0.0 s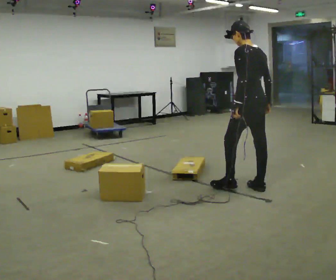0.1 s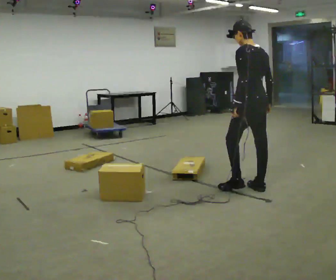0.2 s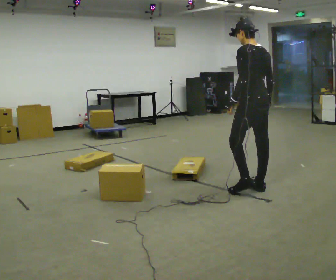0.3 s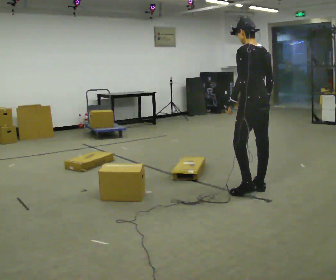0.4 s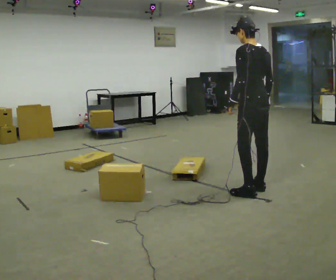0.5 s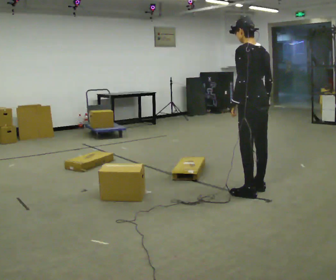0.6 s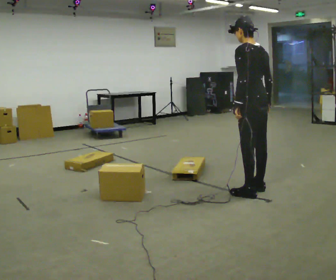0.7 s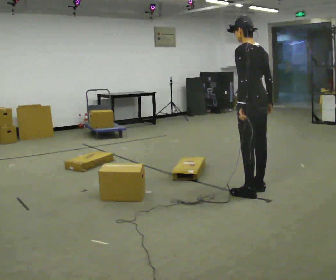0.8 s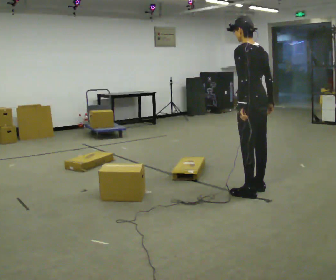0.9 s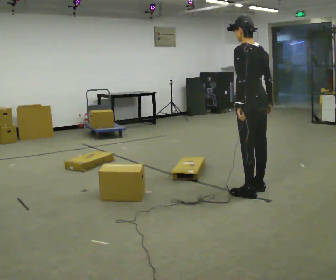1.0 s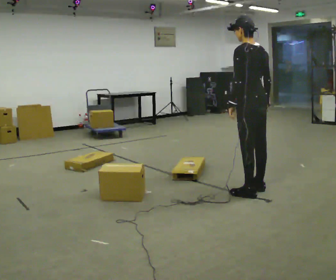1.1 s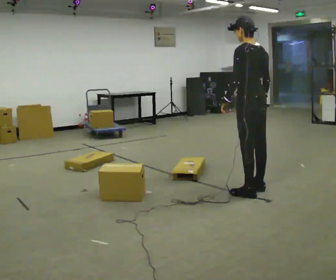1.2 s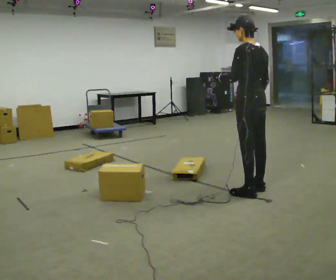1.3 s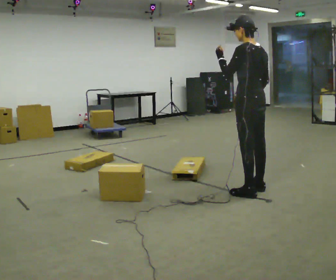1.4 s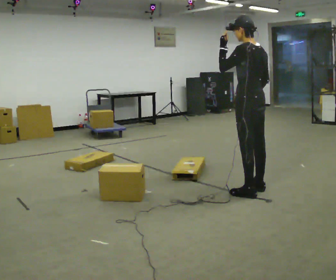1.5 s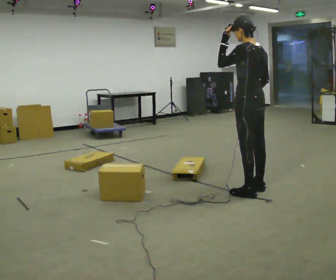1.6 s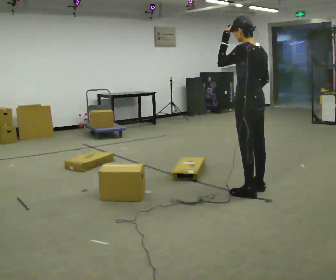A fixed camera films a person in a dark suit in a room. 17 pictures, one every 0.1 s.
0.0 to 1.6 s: In the picture their left hand goes upward.
The film runs backward here.
